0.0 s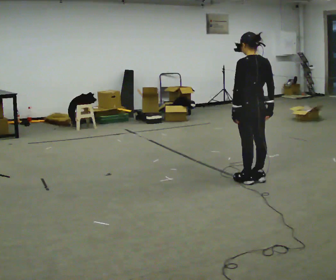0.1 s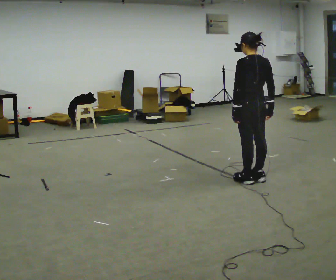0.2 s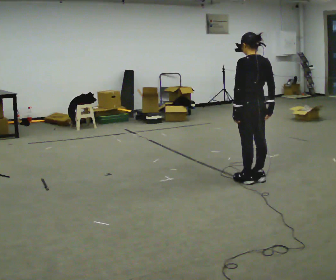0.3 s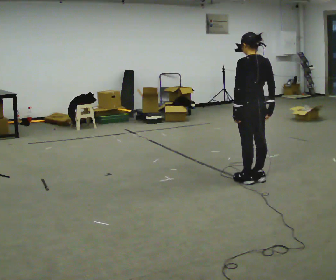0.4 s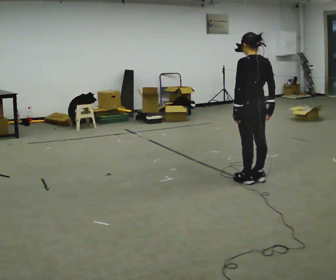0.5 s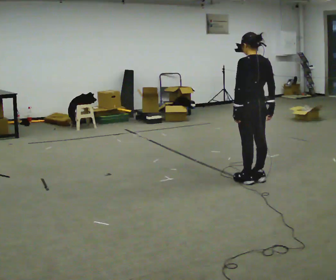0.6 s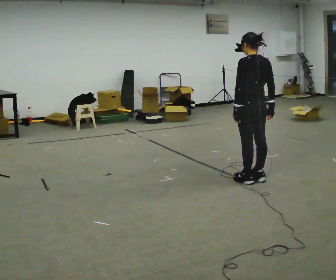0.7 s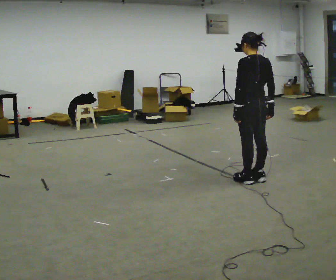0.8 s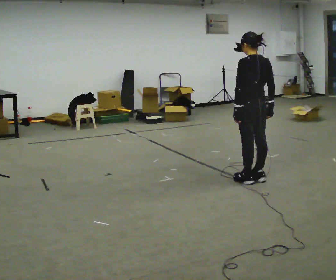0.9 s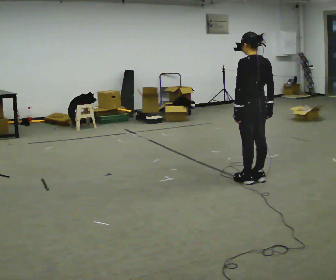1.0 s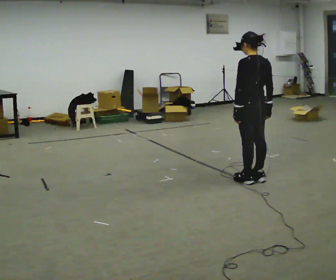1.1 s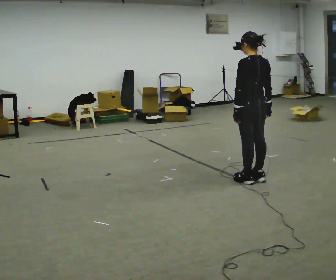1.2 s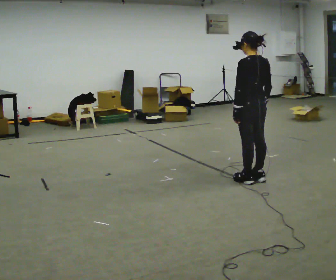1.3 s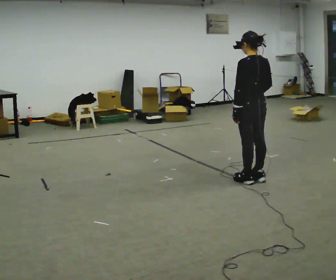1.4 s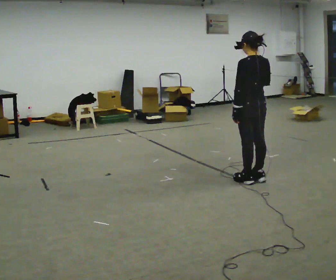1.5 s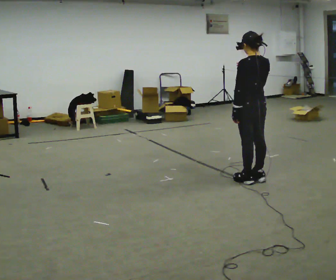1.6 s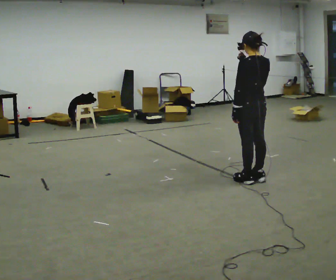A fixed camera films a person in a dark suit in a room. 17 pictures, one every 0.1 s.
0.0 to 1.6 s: In the picture their right hand goes upward.
The film runs backward here.
